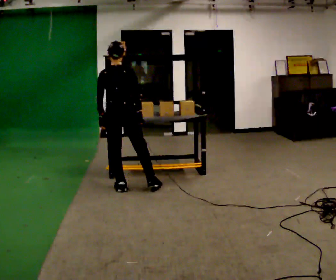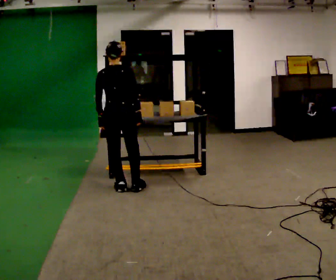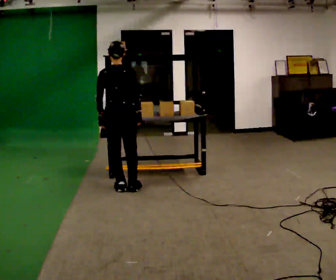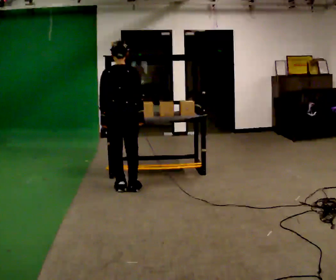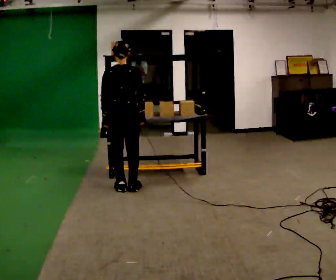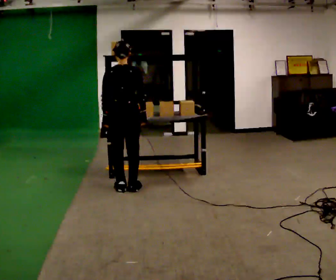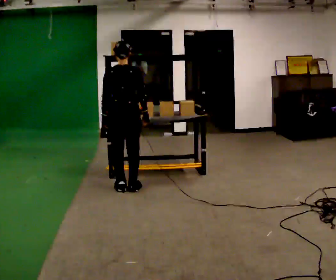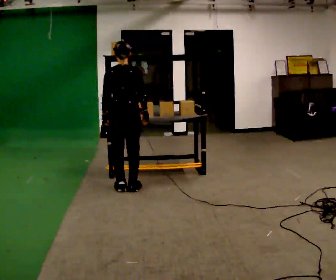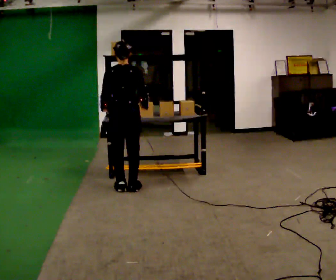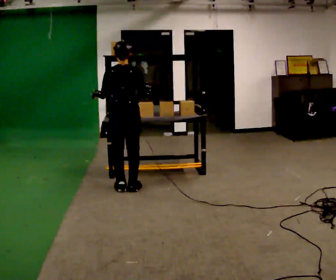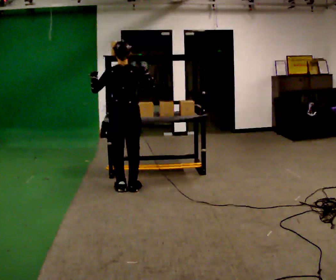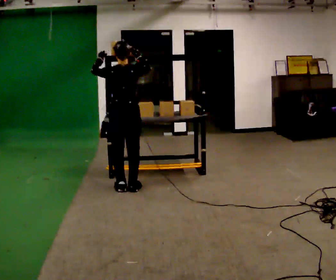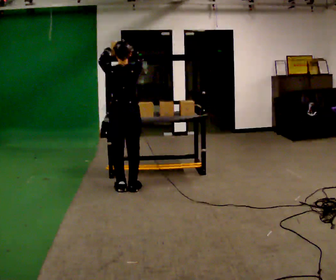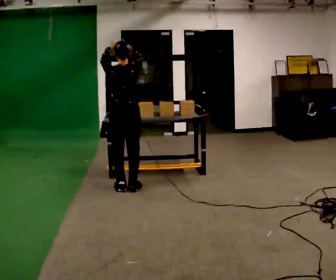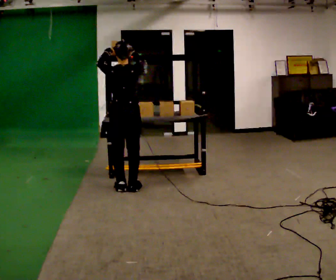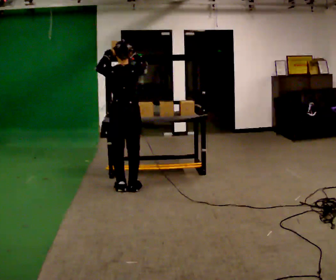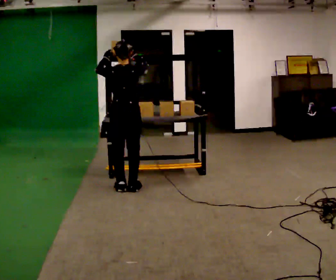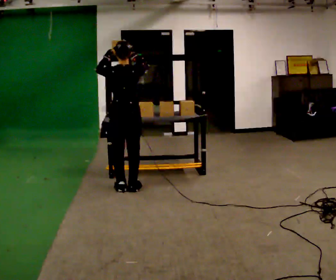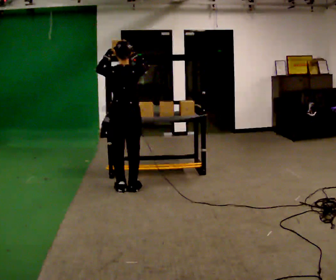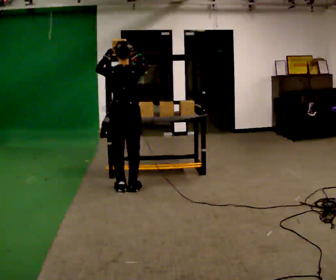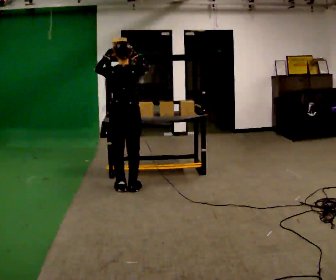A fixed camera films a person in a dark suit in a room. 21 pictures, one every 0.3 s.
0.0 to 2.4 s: The person moves a little, or ends about where they began.
2.4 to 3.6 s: In the picture their right hand goes upward.
3.6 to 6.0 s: The person moves a little, or ends about where they began.
The film runs backward here.
